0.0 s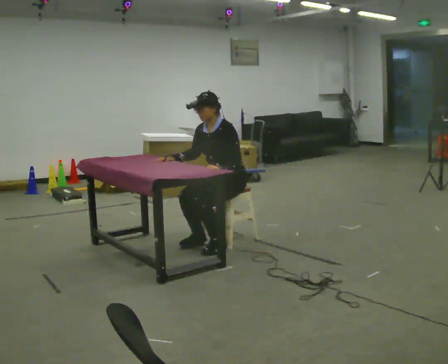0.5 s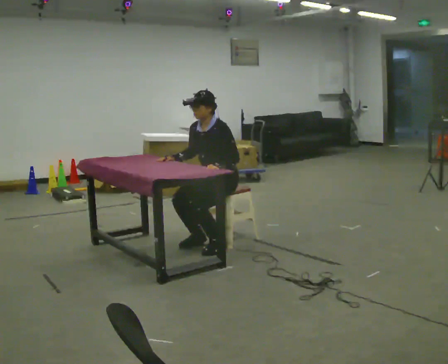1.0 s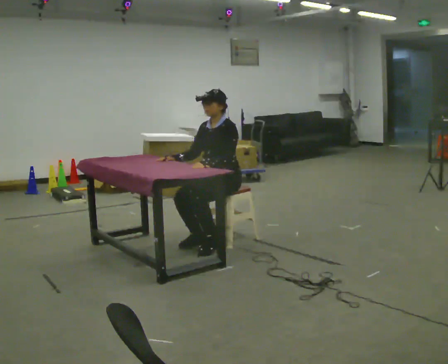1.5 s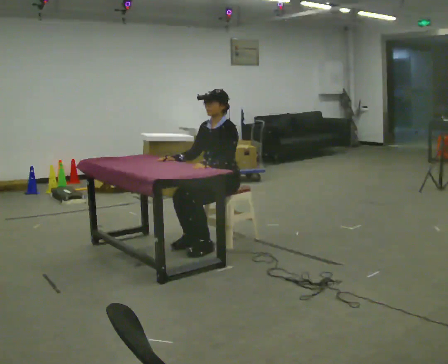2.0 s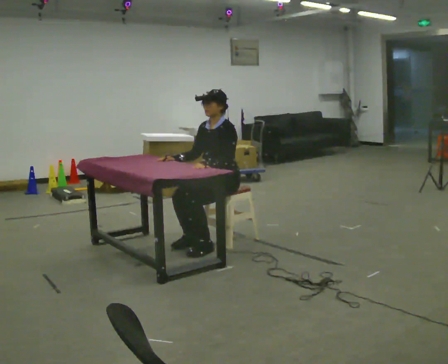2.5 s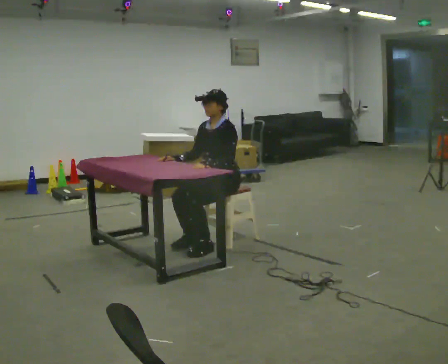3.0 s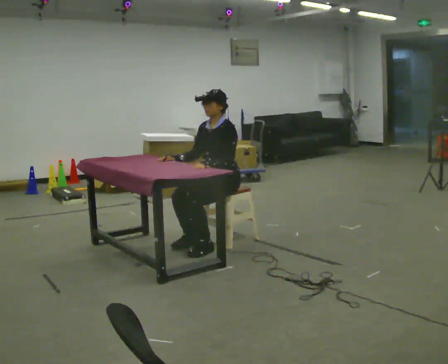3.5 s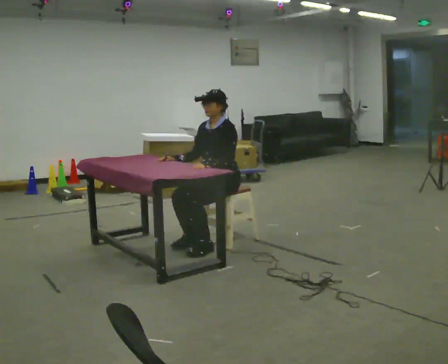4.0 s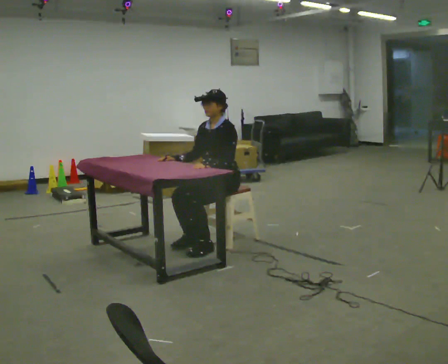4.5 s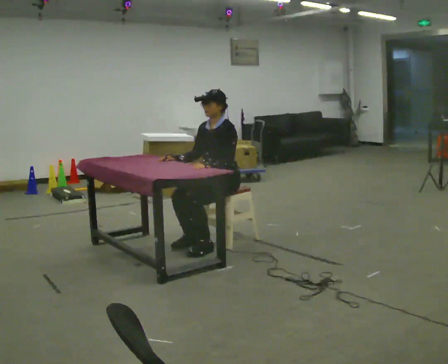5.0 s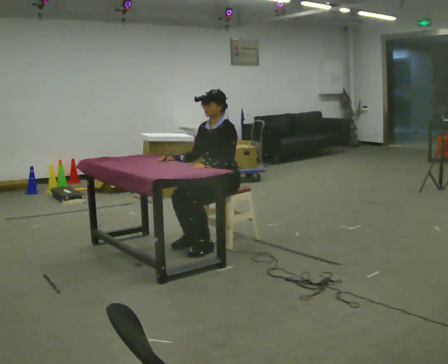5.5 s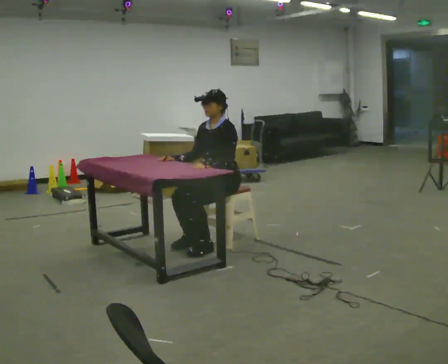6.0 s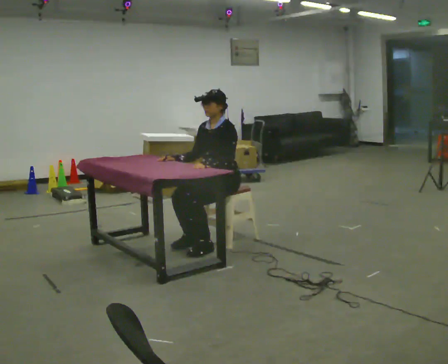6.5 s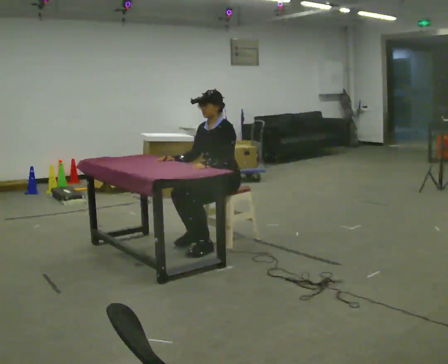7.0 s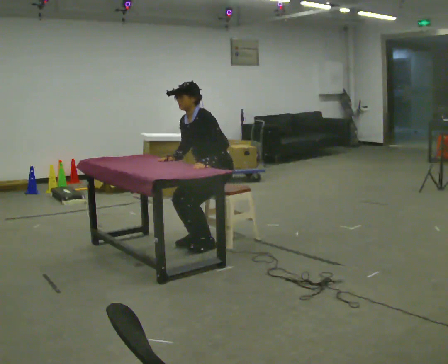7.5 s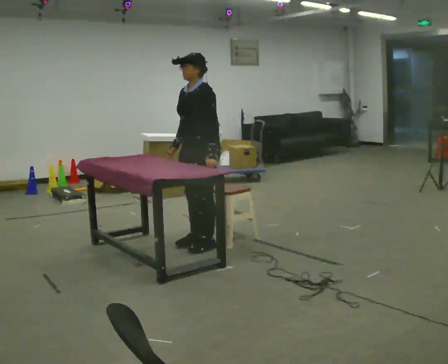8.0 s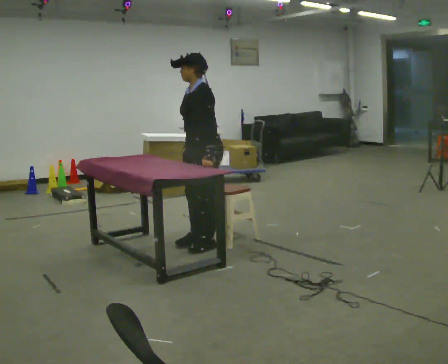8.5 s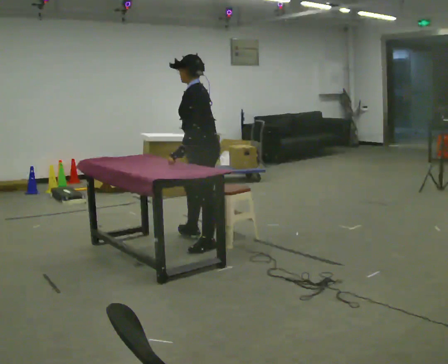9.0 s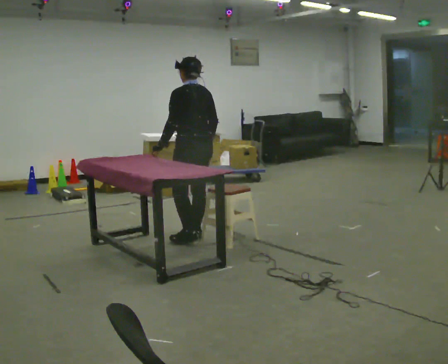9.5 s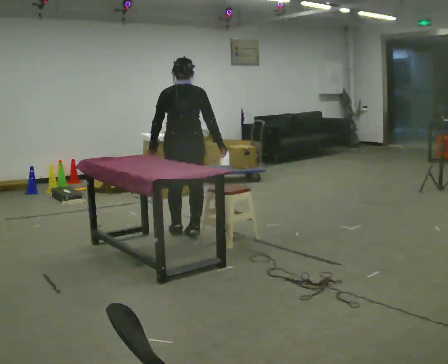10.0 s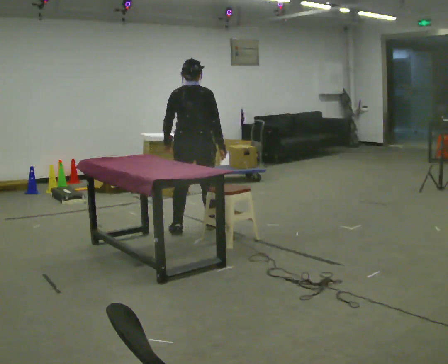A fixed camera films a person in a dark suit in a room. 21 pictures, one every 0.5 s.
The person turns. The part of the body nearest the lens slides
to the left.
The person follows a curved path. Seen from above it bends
clockwise.
0.0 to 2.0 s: The person moves a little, or ends about where they began.
2.0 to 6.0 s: The person keeps their place and pose.
6.0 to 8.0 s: The upper body goes upward.
8.0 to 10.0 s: The part of the body nearest the lens slides to the left as the person turns to their right by about 120 degrees. In the picture they go away from the camera, about 0.5 m in 3 steps.
The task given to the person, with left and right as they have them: Walk up to the chair at the table, sit down into the space, settle as if you were about to work there, then stand up and step away. Repeat the movement at your own pace until the operator says stop; do not rush.
The film runs forward here.
